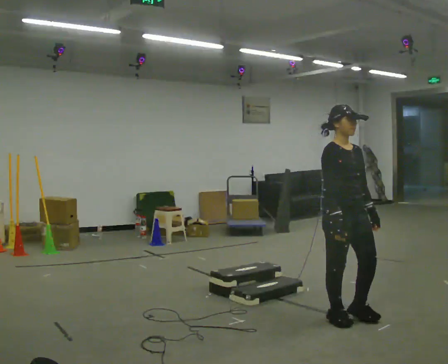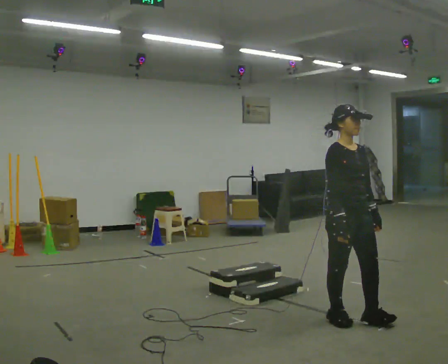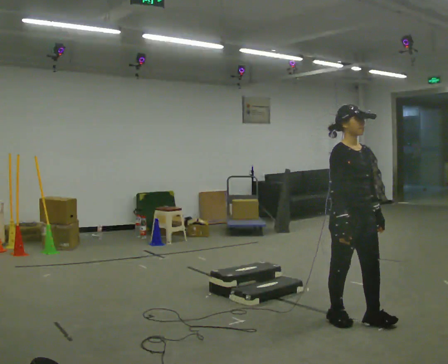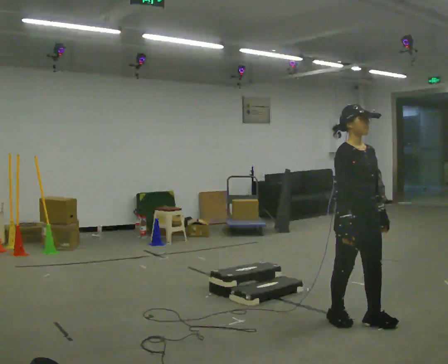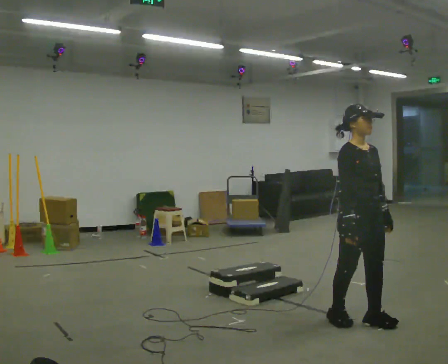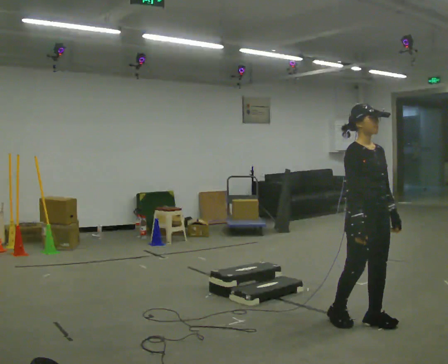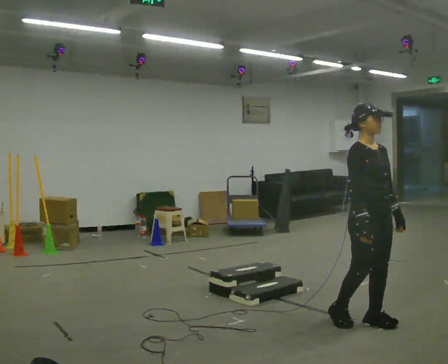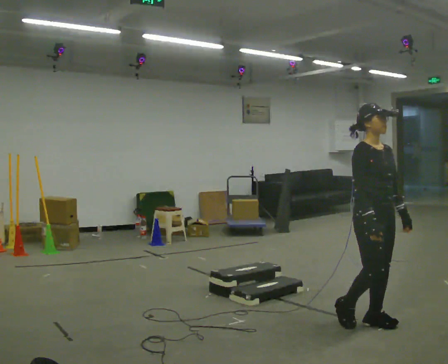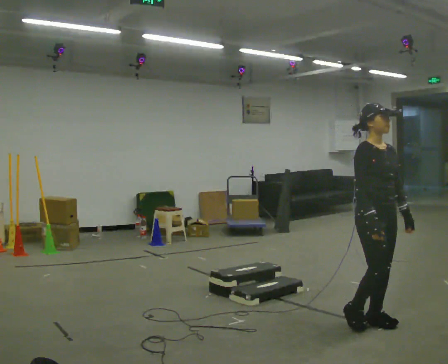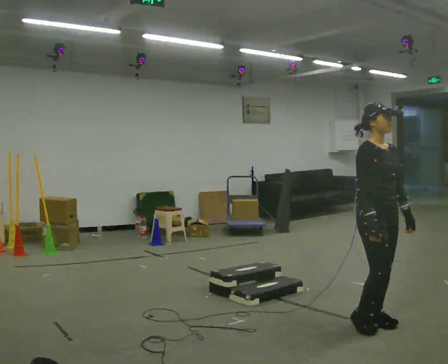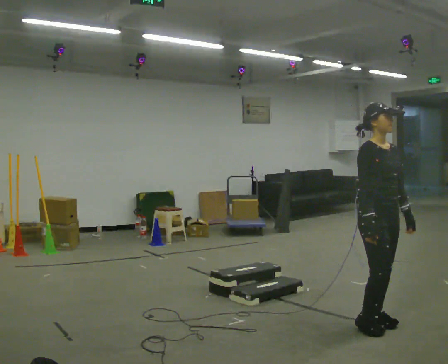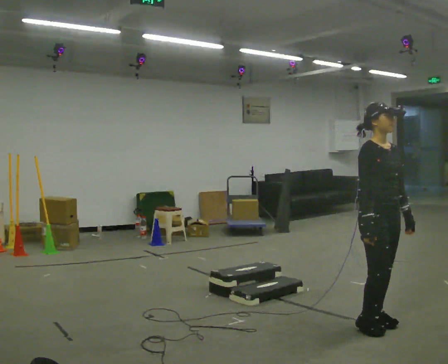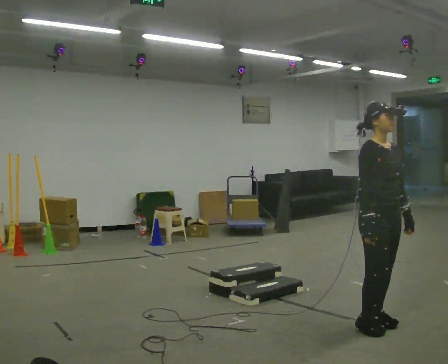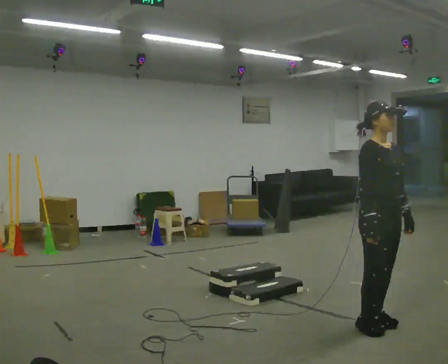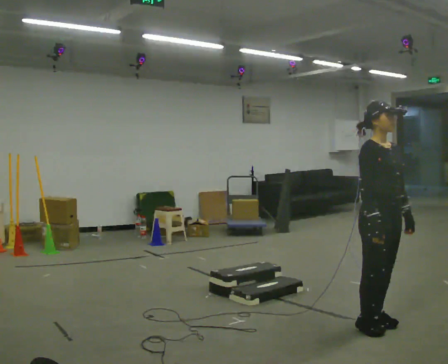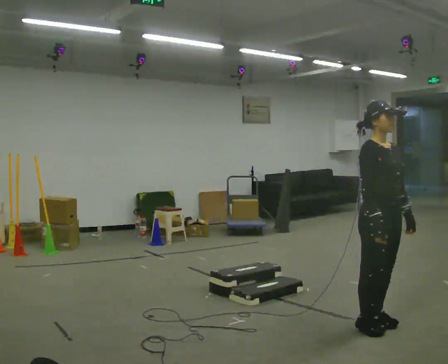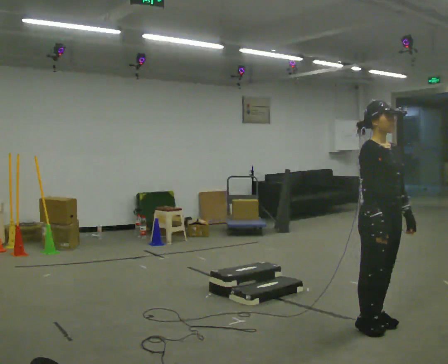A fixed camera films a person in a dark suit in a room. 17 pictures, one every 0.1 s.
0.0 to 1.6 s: In the picture they go to the right and toward the camera, about 0.25 m in 2 steps, which for them is forward.
The film runs forward here.
